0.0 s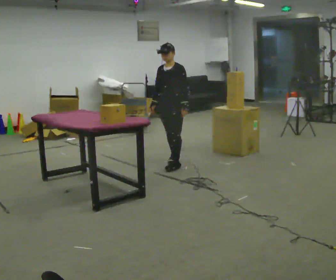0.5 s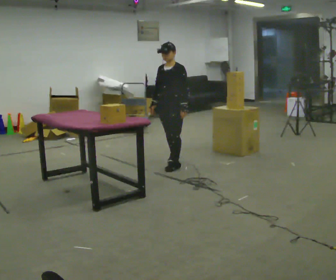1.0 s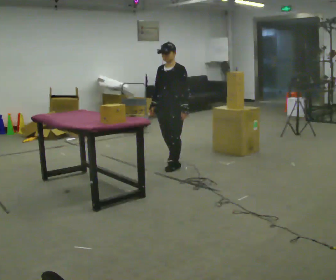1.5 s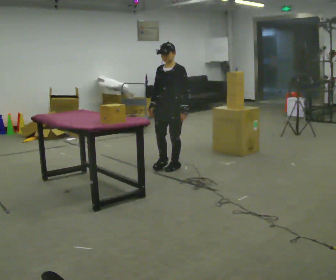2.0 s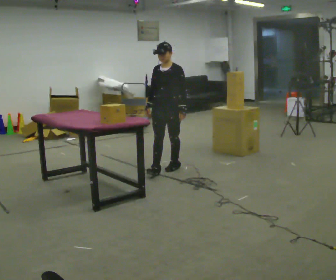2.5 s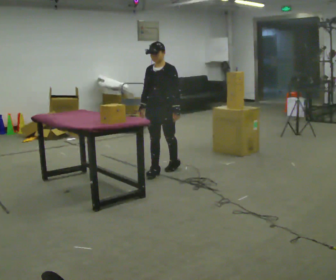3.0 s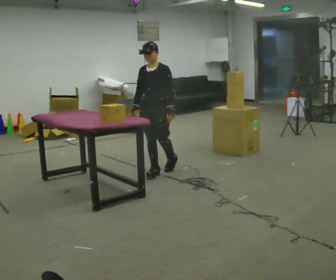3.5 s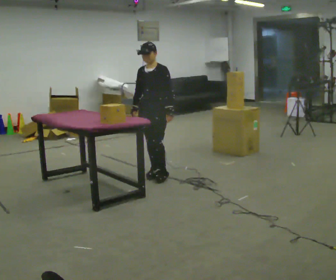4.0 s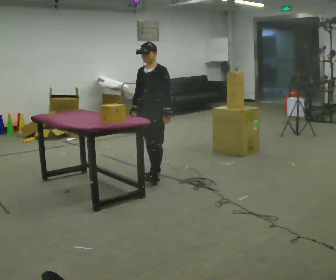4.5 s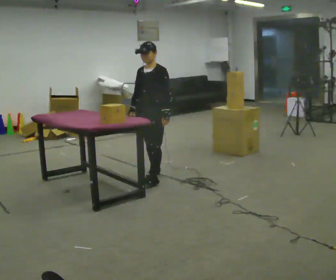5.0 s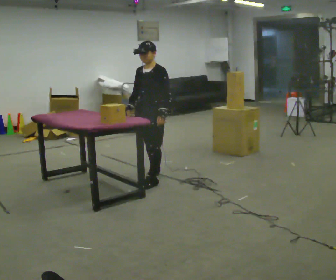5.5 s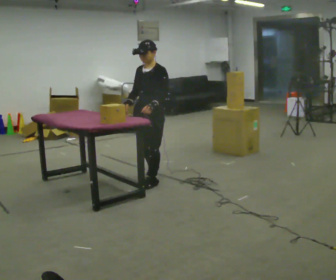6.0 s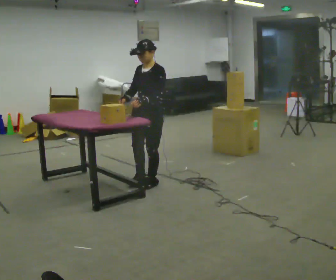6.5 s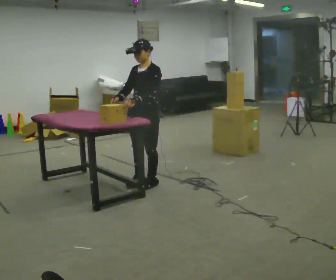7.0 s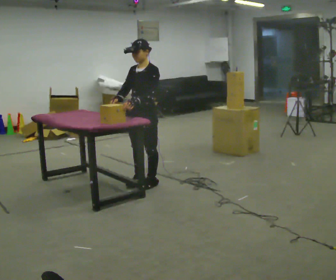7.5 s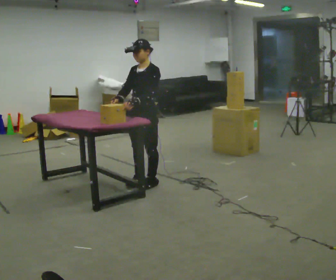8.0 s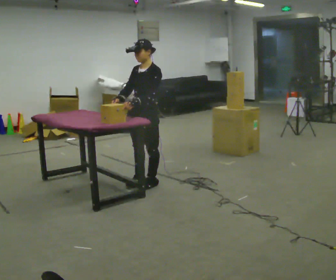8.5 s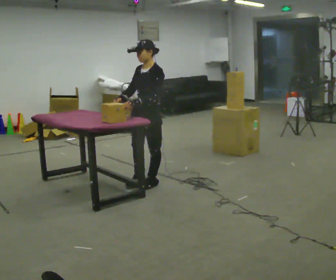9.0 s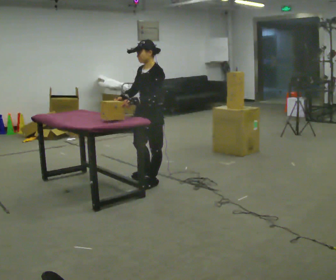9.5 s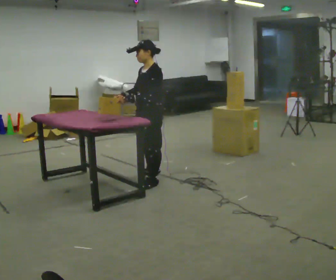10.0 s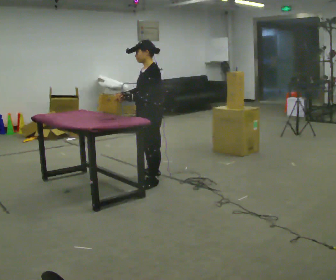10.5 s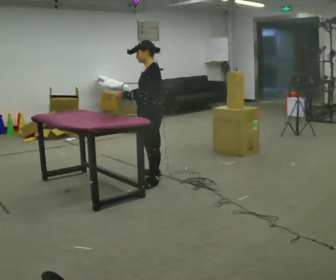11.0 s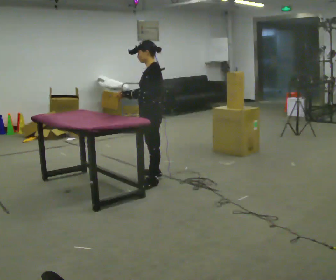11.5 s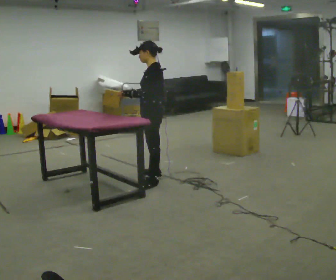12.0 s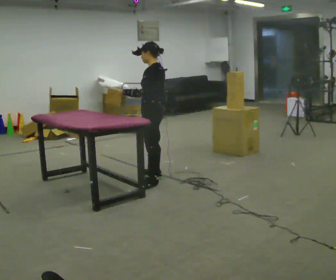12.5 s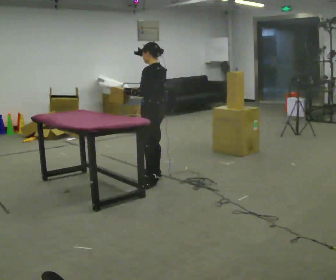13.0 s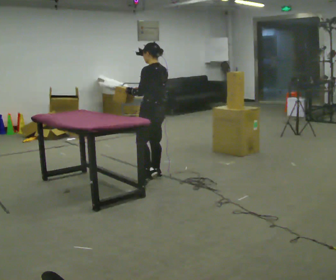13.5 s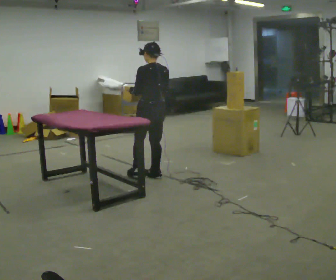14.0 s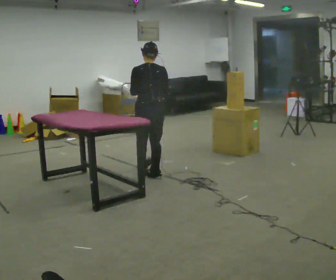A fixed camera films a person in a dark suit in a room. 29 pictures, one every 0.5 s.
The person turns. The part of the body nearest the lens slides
to the left.
The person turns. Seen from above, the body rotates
clockwise.
0.0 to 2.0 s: In the picture they go toward the camera, about 0.25 m in 1 step, which for them is forward.
2.0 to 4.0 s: In the picture they go to the left and toward the camera, about 0.25 m in 1 step, which for them is forward.
4.0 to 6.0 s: In the picture they go toward the camera, about 0.25 m in 1 step, which for them is forward and to their left.
6.0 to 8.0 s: The person moves a little, or ends about where they began.
8.0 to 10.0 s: Seen from above the body turns clockwise, about 30 degrees: to their right, with its near side sliding to the left.
10.0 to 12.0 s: The person turns about 30 degrees to their right, clockwise seen from above, so the part of the body nearest the lens slides to the left. In the picture they go away from the camera, about 0.25 m, which for them is to their right.
12.0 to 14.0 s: Seen from above the body turns clockwise, about 75 degrees: to their right, with its near side sliding to the left.
The film runs forward here.
